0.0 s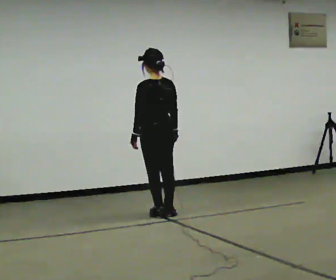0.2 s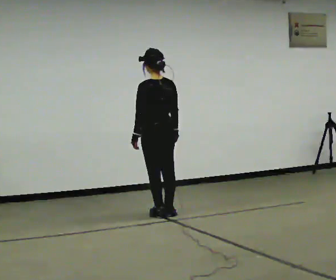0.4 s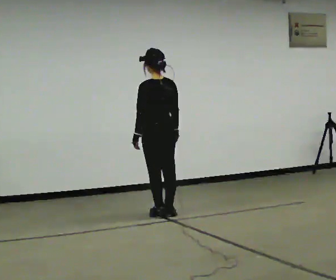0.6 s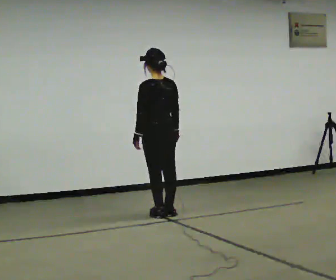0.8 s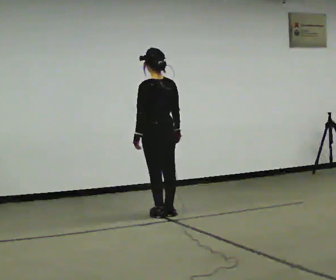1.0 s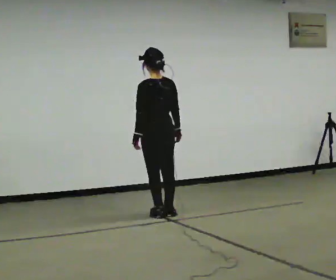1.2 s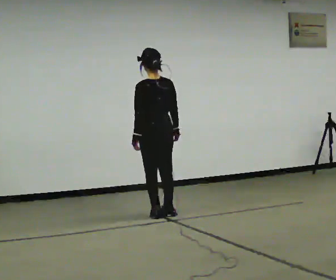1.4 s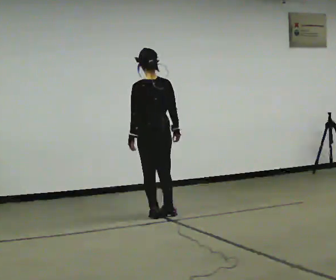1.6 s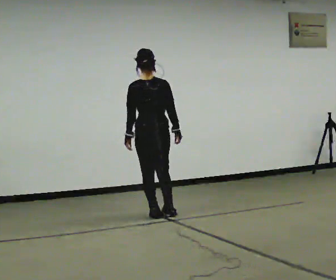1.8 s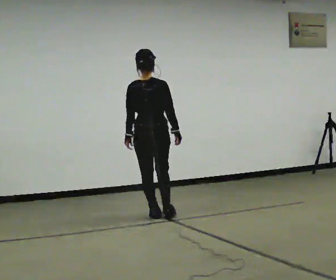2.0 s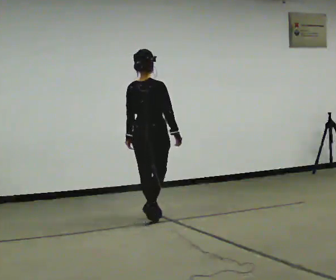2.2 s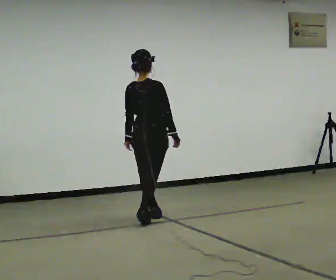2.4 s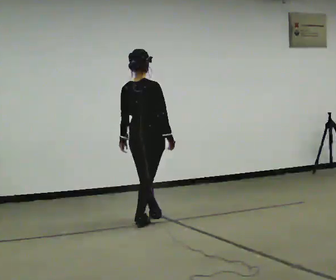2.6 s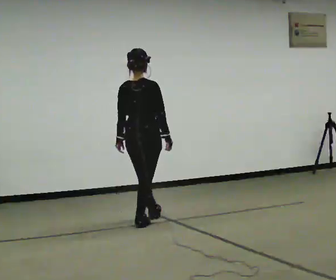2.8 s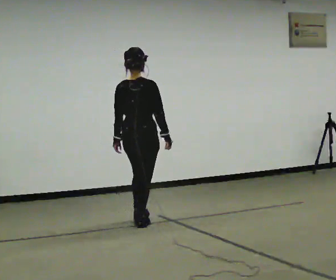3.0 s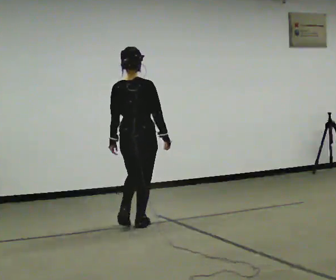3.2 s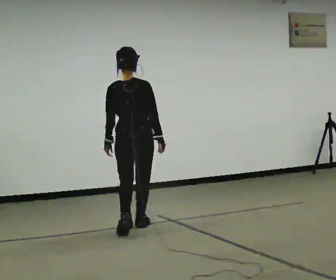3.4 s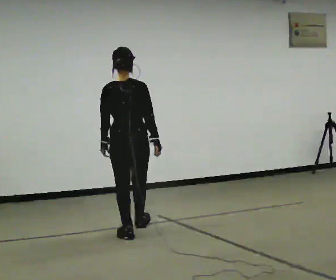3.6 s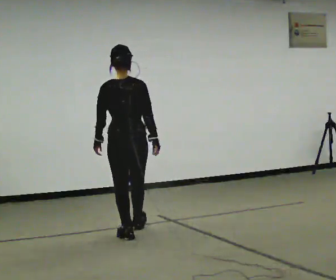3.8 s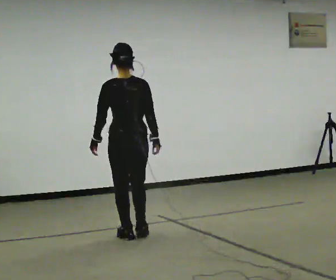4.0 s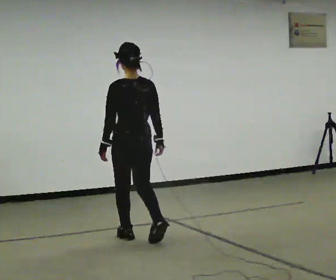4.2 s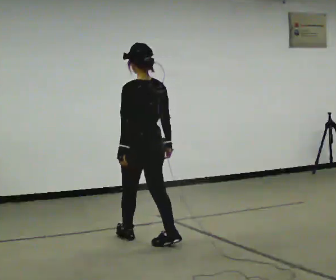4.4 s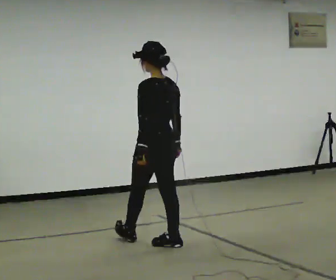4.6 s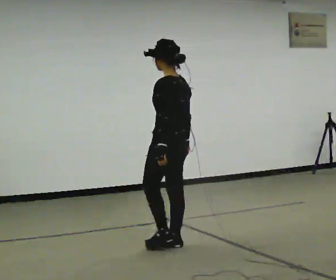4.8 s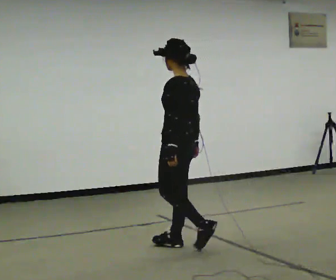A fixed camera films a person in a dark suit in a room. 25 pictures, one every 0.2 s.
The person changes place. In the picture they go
toward the camera.
The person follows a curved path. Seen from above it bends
counterclockwise.
0.0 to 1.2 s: The person moves a little, or ends about where they began.
1.2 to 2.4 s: The part of the body nearest the lens slides to the left as the person turns to their right by about 60 degrees. In the picture they go toward the camera, about 0.25 m in 1 step, which for them is backward.
2.4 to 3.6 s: Seen from above the body turns counterclockwise, about 30 degrees: to their left, with its near side sliding to the right. In the picture they go toward the camera, about 0.75 m in 2 steps, which for them is backward.
3.6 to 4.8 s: Seen from above the body turns counterclockwise, about 60 degrees: to their left, with its near side sliding to the right. In the picture they go toward the camera and to the right, about 0.75 m in 1 step.
The film runs backward here.
